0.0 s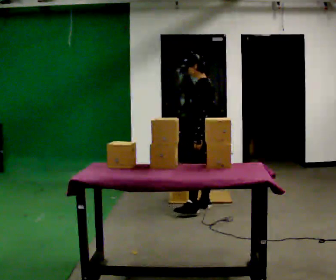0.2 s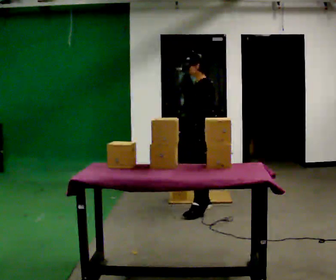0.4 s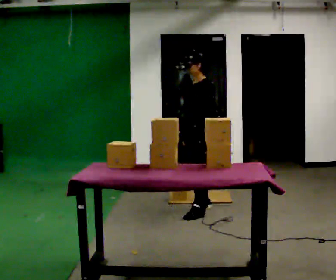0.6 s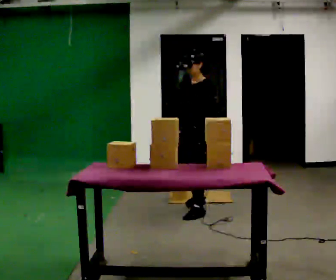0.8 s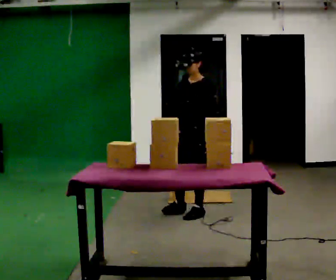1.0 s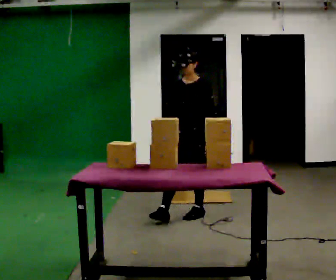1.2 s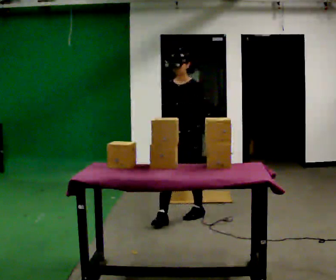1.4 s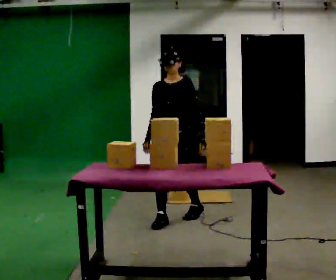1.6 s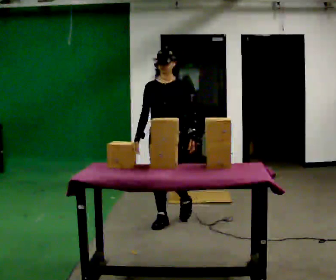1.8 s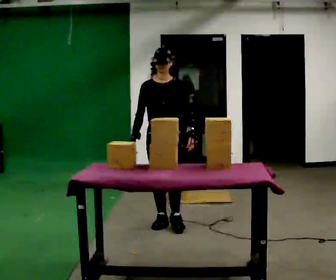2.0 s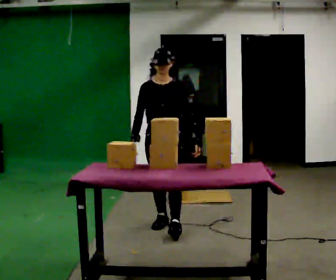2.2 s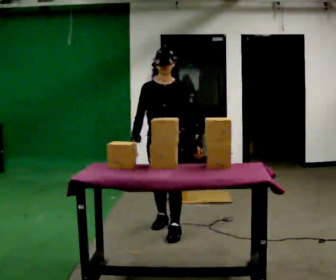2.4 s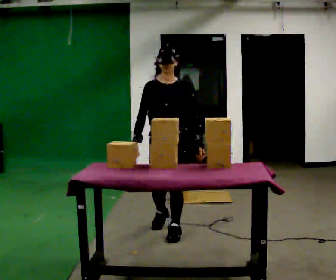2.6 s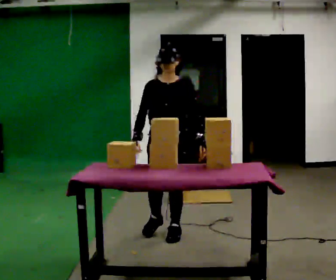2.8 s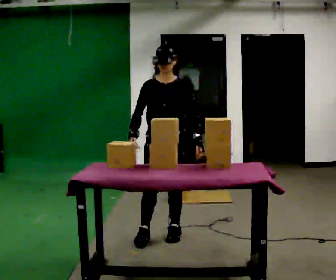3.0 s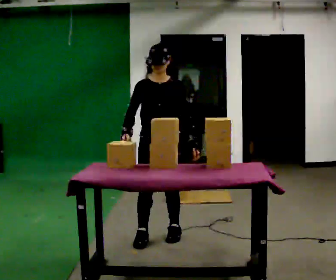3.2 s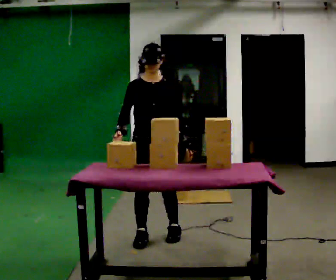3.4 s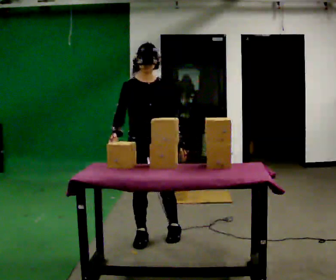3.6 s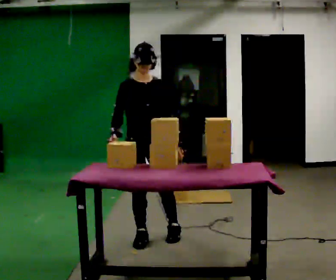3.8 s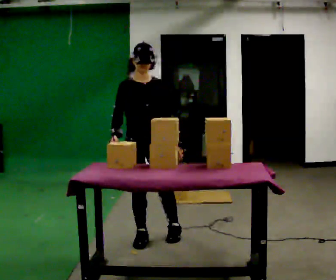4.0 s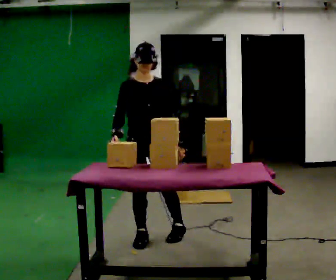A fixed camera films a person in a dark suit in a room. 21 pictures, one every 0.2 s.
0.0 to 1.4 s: The part of the body nearest the lens slides to the right as the person turns to their left by about 75 degrees. In the picture they go toward the camera and to the left, about 0.75 m in 2 steps.
1.4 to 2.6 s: In the picture they go toward the camera, about 0.5 m in 1 step, which for them is forward.
2.6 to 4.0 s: Seen from above the body turns counterclockwise, about 30 degrees: to their left, with its near side sliding to the right. In the picture they go to the left and toward the camera, about 0.25 m in 1 step, which for them is to their right and forward.
The film runs forward here.
